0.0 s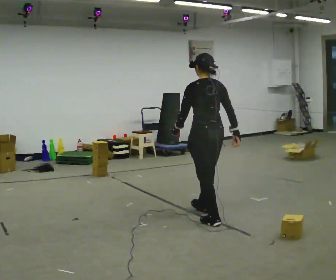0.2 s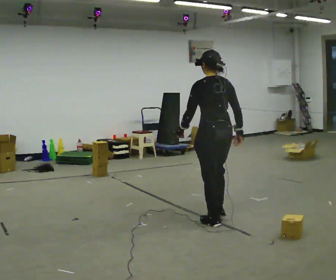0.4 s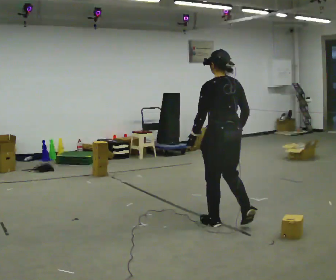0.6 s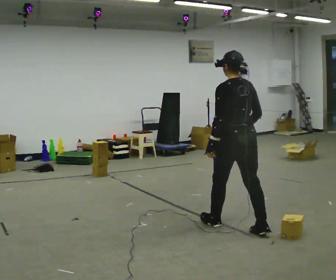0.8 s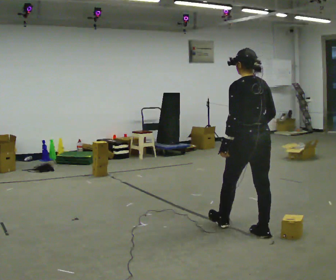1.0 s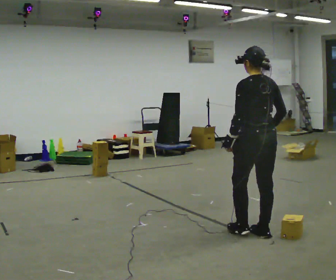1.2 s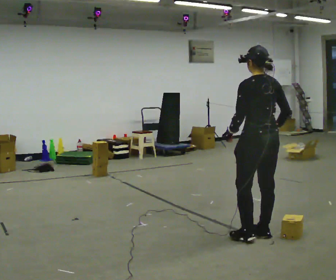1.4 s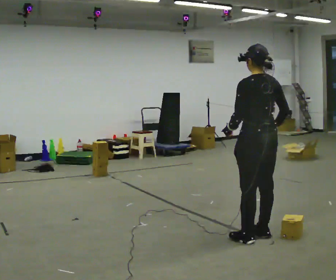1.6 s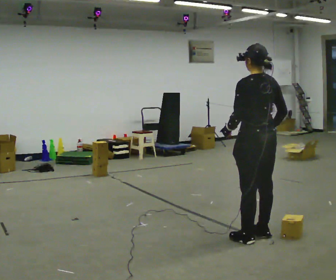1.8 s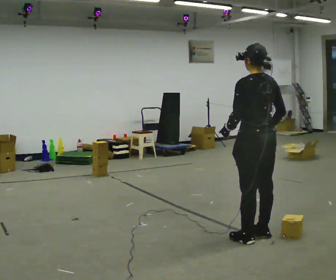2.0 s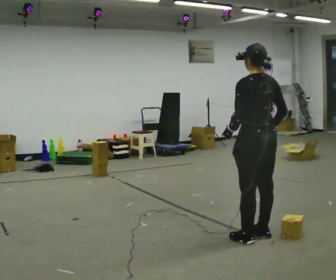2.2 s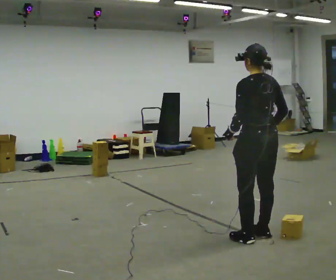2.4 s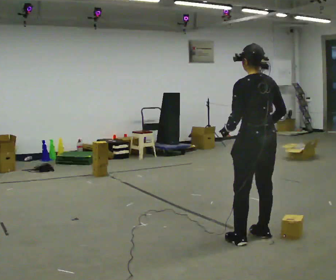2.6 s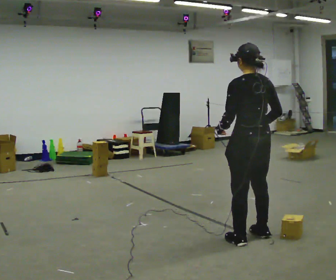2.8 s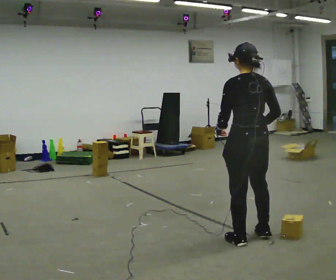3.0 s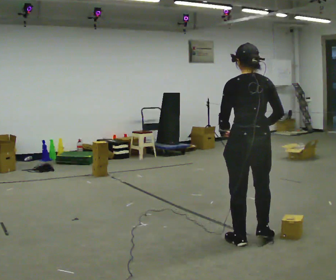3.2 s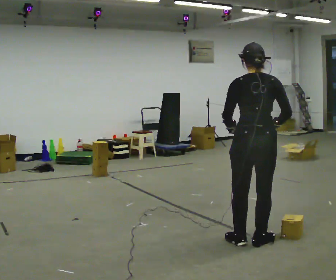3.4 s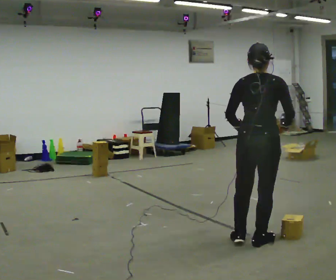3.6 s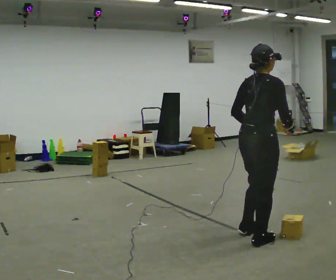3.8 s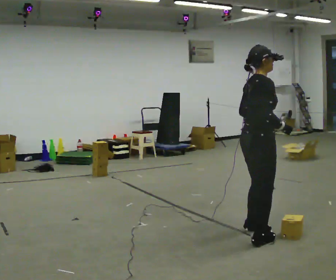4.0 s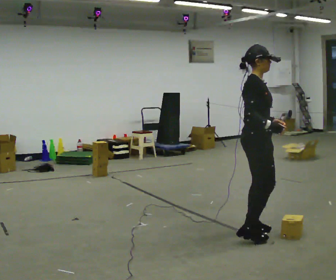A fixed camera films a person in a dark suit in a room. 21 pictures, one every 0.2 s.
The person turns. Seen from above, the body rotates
clockwise.
The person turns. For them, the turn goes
to their right.
0.0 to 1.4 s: In the picture they go toward the camera and to the right, about 0.75 m in 1 step, which for them is backward.
1.4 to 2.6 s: The person moves a little, or ends about where they began.
2.6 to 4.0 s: The person turns about 120 degrees to their right, clockwise seen from above, so the part of the body nearest the lens slides to the left. In the picture they go away from the camera, about 0.25 m in 3 steps. In the picture their left hand goes to the right, the arm swinging counterclockwise.
The film runs backward here.
